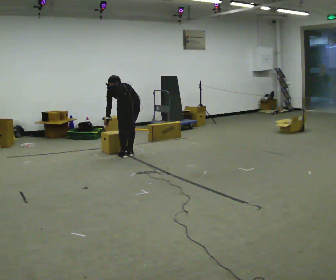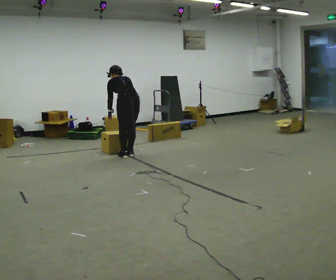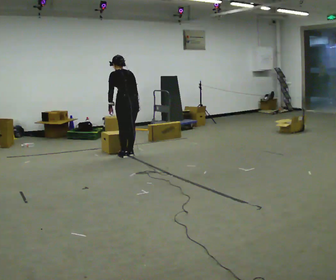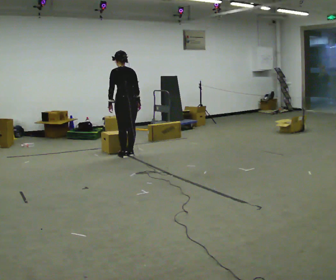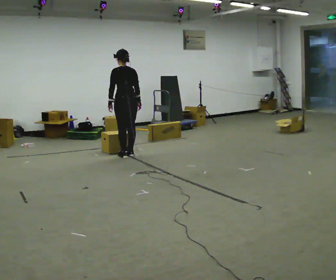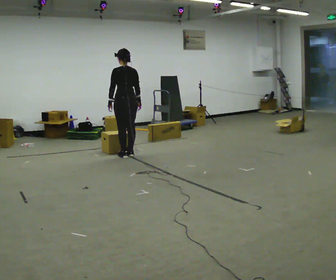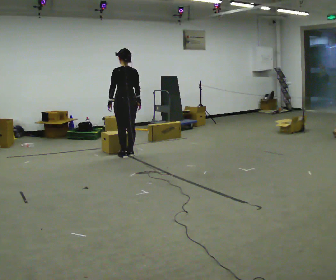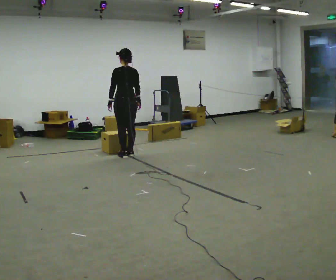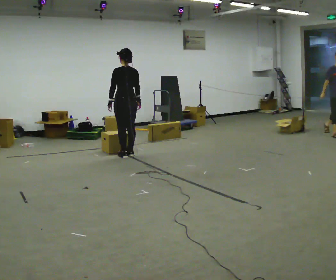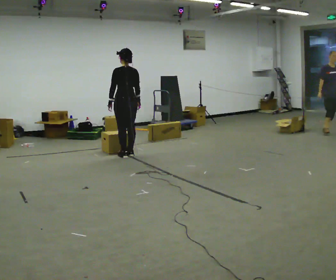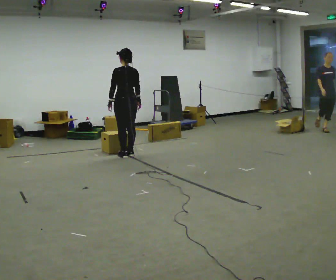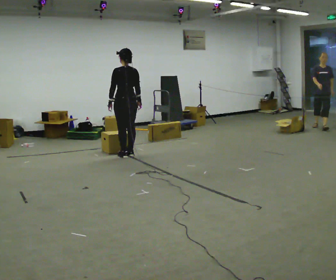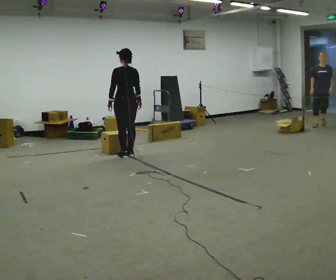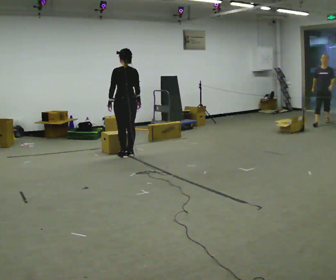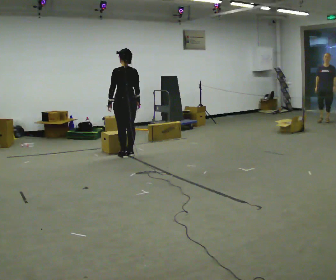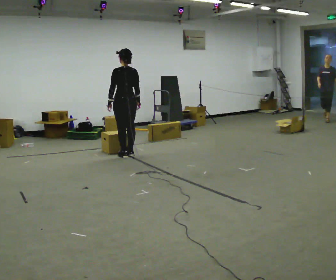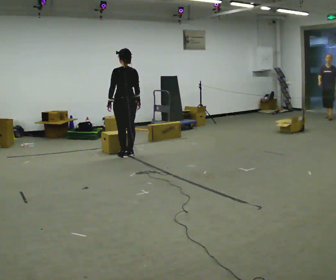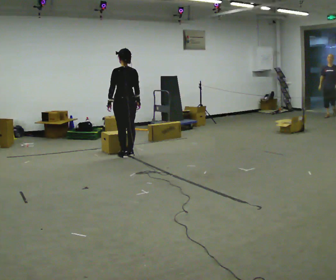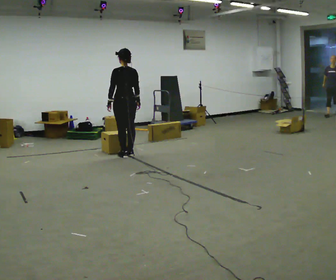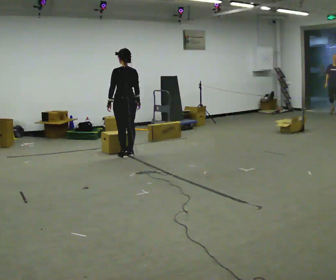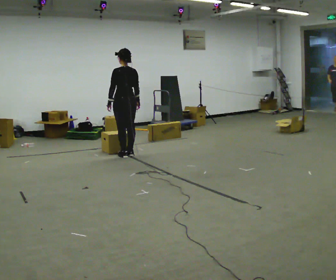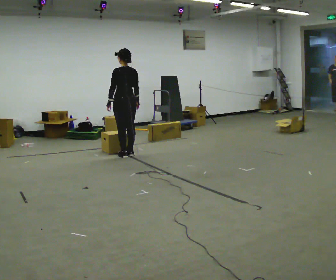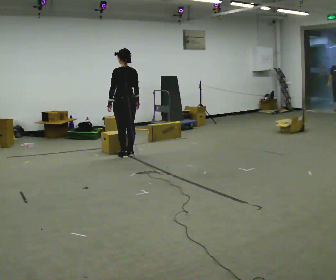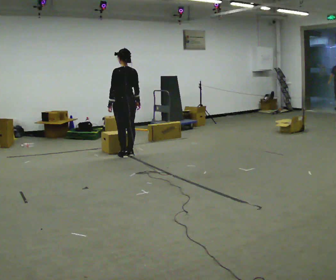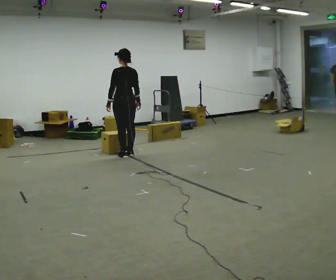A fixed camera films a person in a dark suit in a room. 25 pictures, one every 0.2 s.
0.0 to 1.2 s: The shoulders move upward. The upper body tips toward the camera, its near side rolling downward, as they lean back or straighten.
1.2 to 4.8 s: The person moves a little, or ends about where they began.
The film runs backward here.
